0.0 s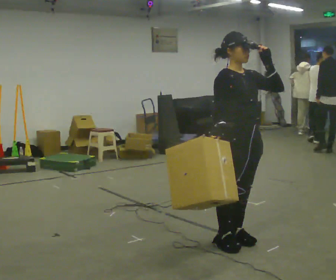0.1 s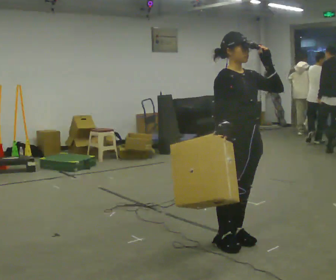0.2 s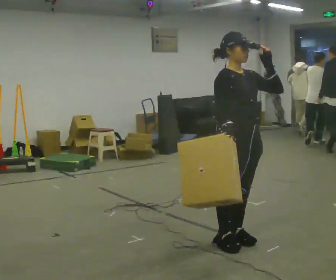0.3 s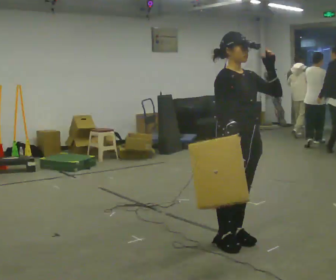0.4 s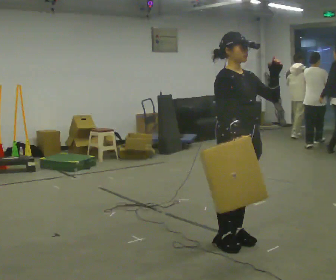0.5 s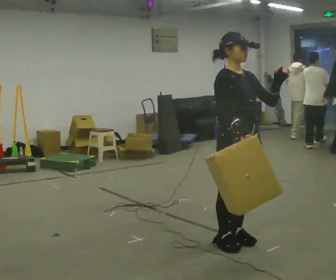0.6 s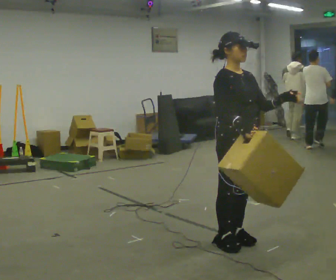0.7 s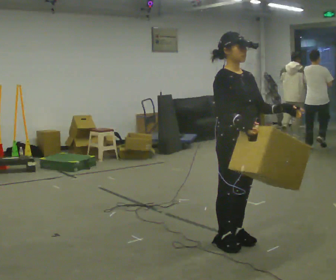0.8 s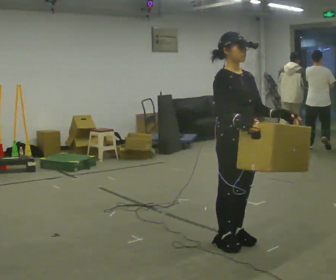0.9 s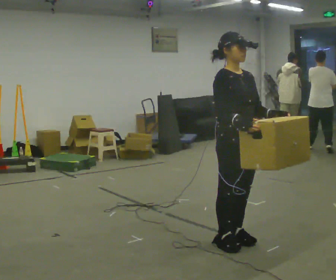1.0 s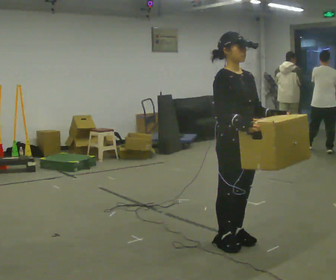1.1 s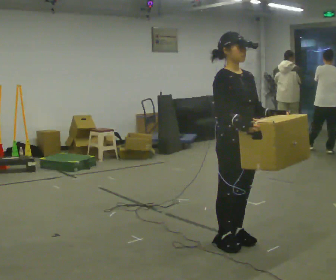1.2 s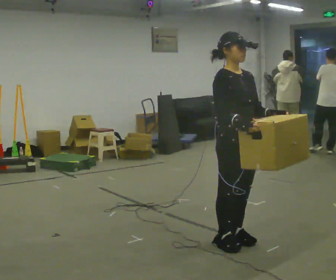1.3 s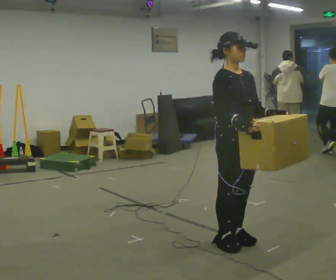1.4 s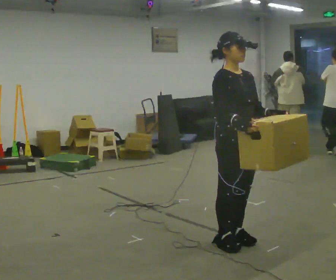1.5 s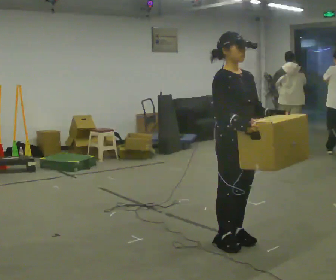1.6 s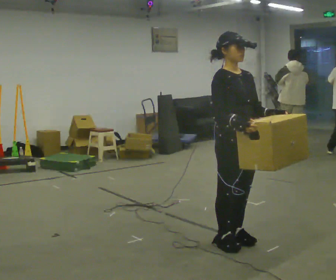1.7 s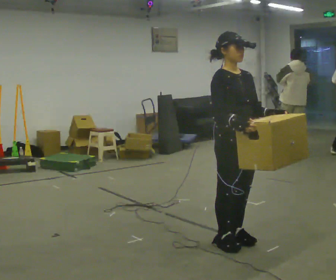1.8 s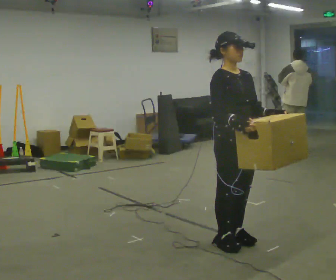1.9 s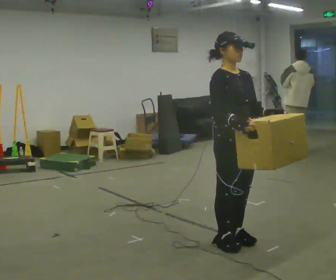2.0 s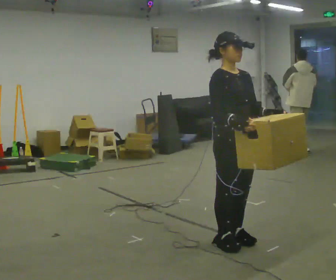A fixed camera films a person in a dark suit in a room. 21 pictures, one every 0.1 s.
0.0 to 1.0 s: In the picture their left hand goes downward.
1.0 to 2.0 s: The person moves a little, or ends about where they began.
The film runs backward here.
